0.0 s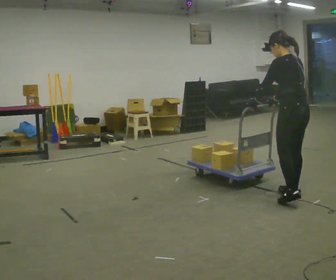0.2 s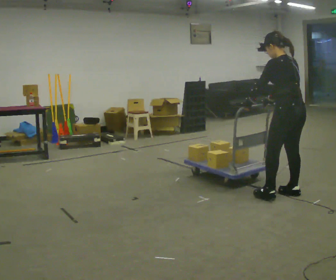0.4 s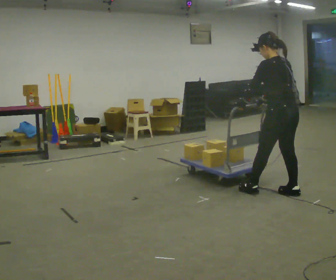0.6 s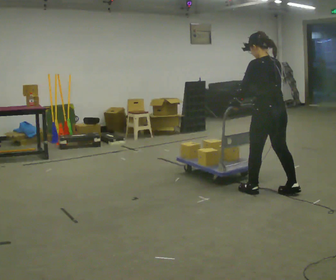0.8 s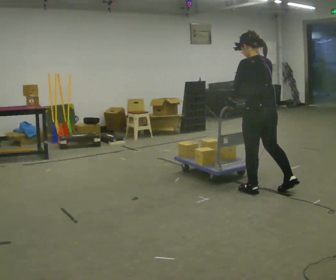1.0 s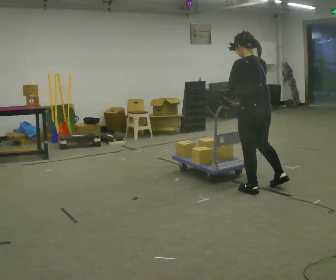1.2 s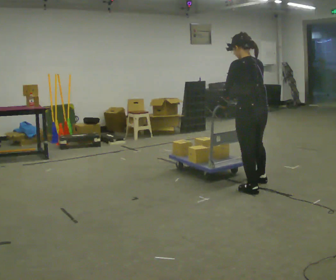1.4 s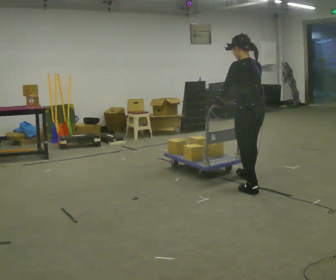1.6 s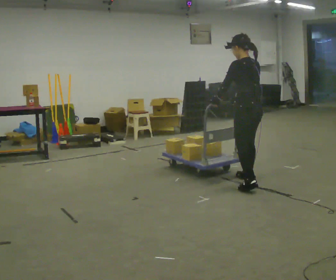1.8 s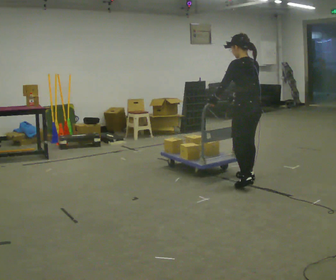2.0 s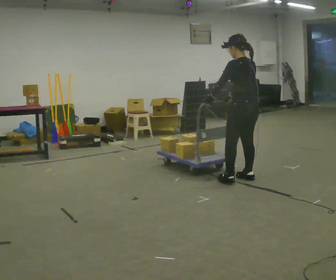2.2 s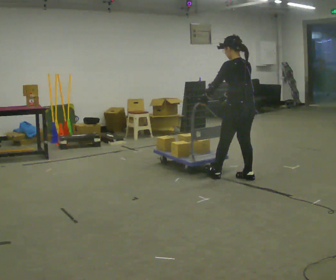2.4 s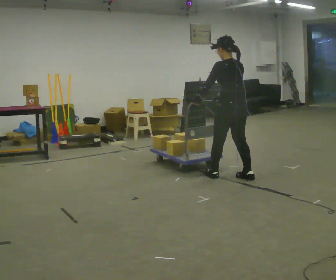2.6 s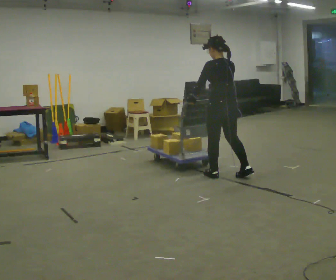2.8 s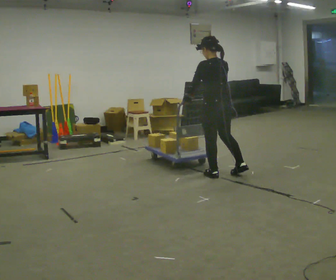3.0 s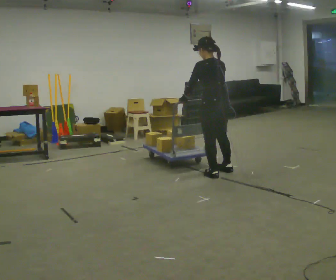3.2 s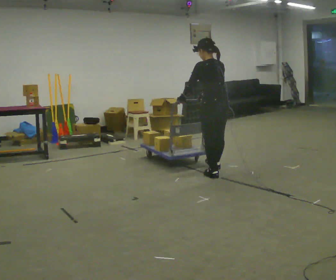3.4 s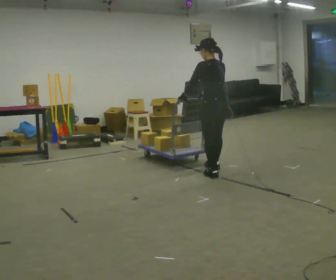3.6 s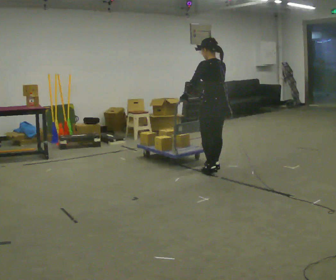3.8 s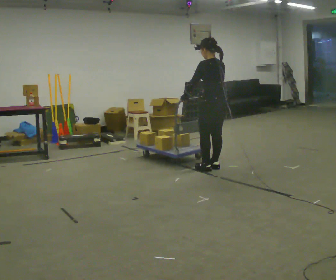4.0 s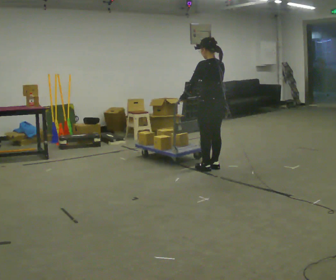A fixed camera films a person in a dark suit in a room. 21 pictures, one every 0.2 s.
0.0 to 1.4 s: In the picture they go to the left and away from the camera, about 0.5 m in 1 step, which for them is forward and to their left.
1.4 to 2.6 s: In the picture they go away from the camera and to the left, about 0.5 m in 1 step, which for them is forward.
2.6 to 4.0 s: In the picture they go away from the camera, about 0.25 m in 2 steps, which for them is forward.
The film runs backward here.
